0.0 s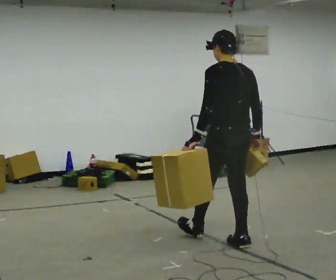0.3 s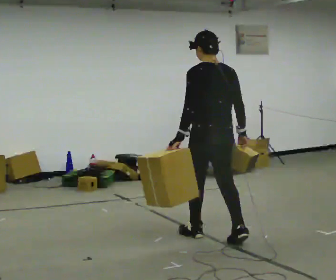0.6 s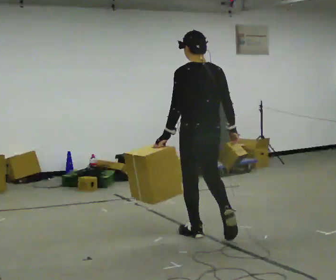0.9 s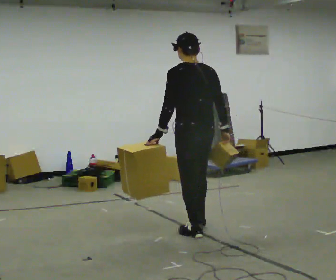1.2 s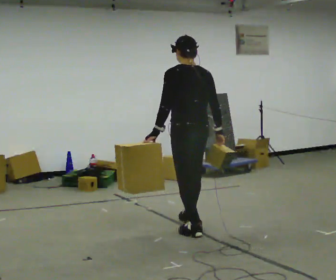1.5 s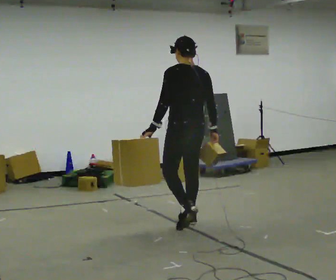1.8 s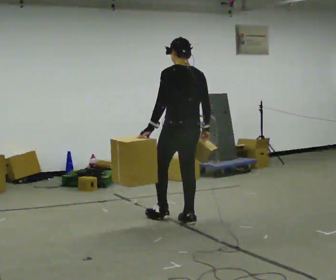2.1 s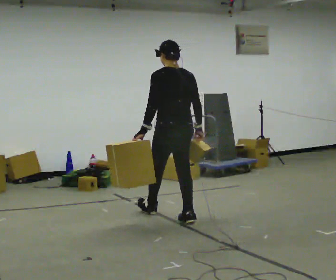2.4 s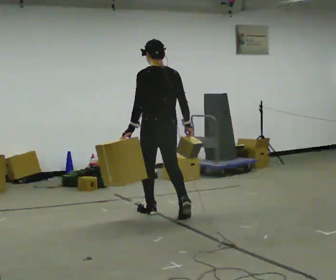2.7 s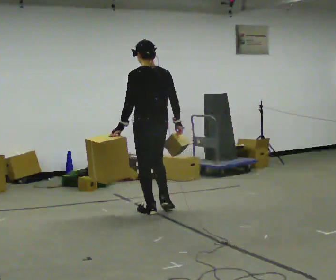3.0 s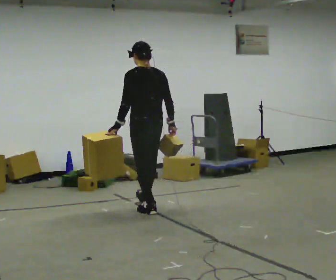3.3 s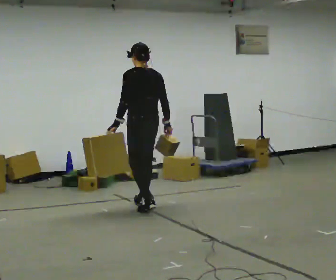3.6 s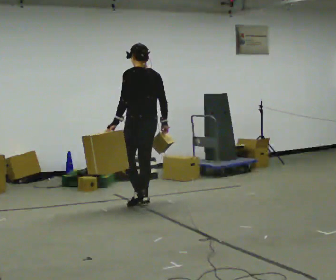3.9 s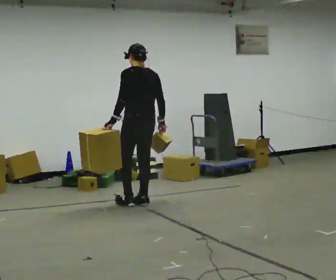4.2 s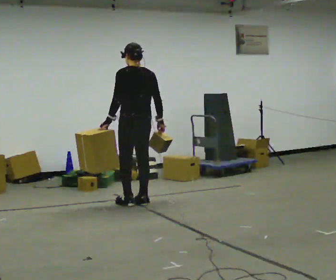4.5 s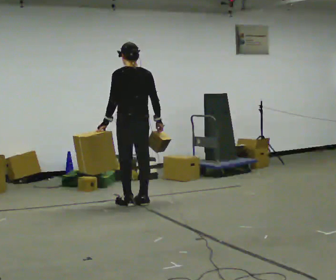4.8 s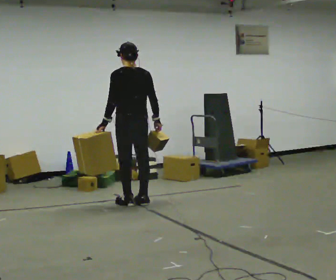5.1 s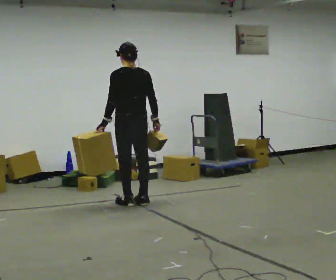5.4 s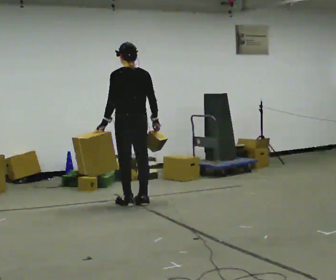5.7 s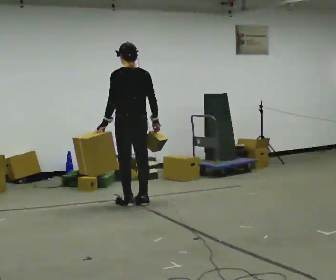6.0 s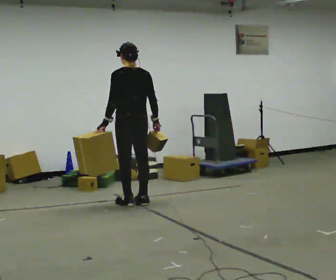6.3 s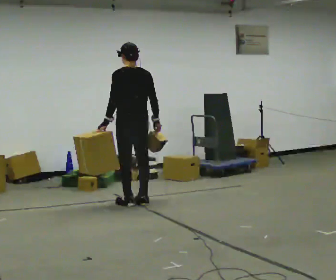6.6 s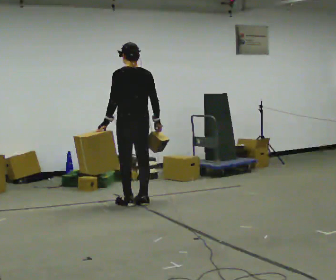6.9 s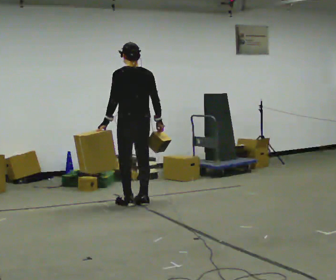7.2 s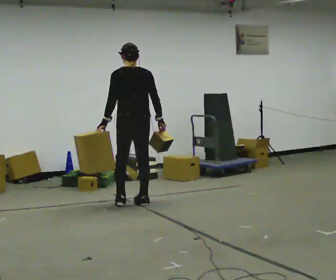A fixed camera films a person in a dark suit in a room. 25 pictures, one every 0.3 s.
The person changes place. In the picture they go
away from the camera.
0.0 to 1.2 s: In the picture they go away from the camera and to the left, about 0.5 m in 2 steps, which for them is forward.
1.2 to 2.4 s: In the picture they go away from the camera and to the left, about 0.5 m in 1 step, which for them is forward.
2.4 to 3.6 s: In the picture they go away from the camera, about 0.5 m in 1 step, which for them is forward.
3.6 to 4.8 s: The person moves a little, or ends about where they began.
4.8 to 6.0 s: The person keeps their place and pose.
6.0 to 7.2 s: The person moves a little, or ends about where they began.
The film runs forward here.
